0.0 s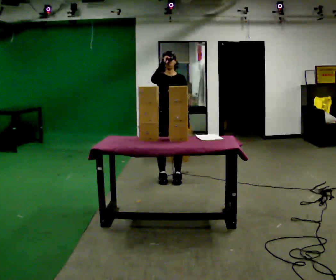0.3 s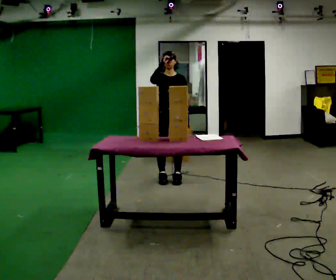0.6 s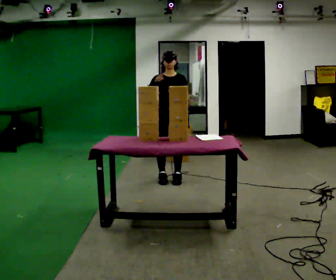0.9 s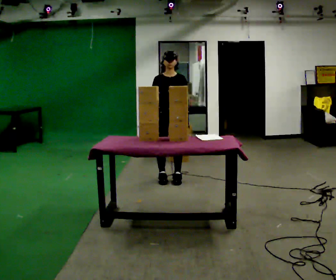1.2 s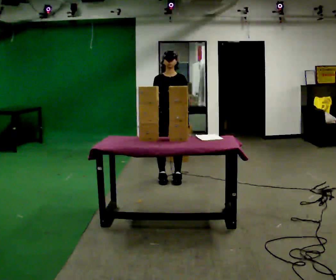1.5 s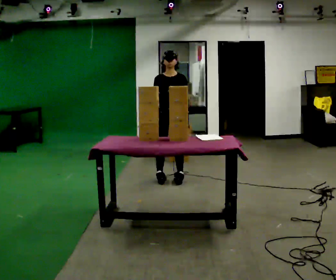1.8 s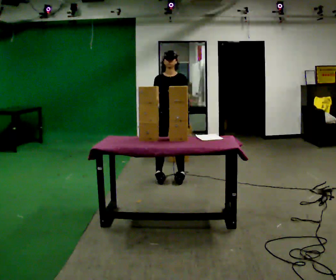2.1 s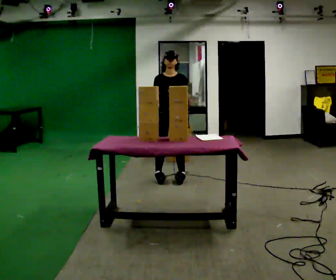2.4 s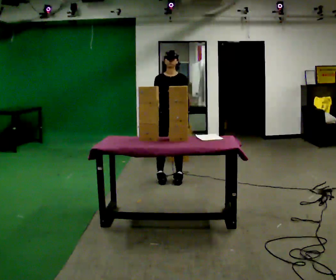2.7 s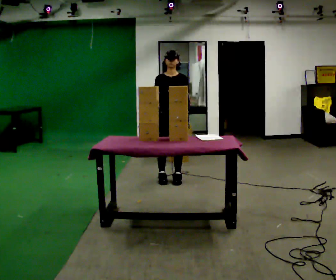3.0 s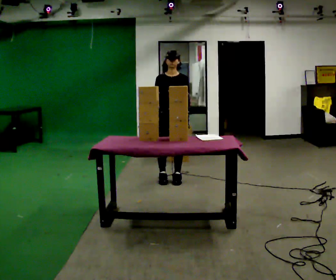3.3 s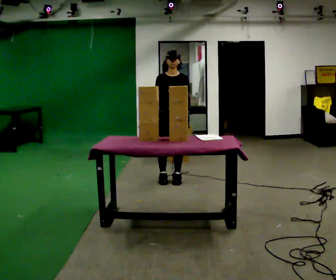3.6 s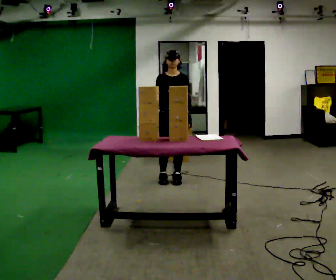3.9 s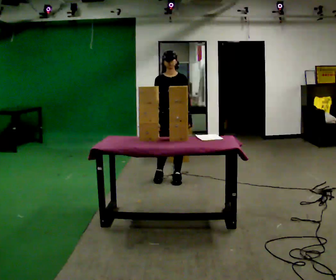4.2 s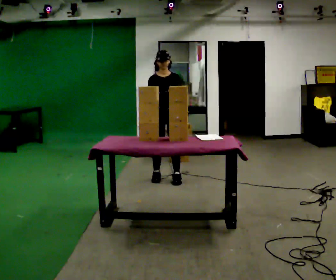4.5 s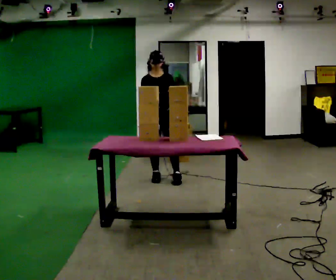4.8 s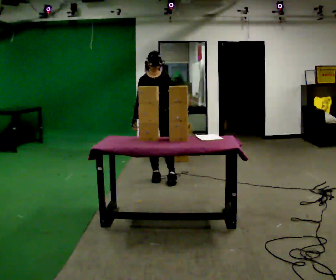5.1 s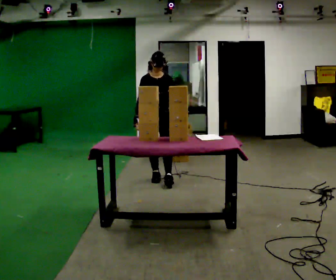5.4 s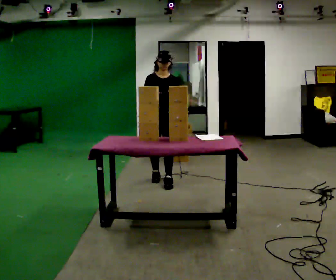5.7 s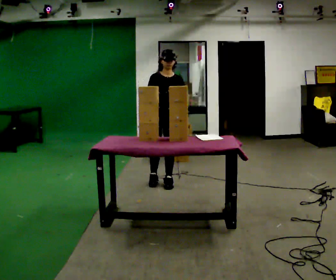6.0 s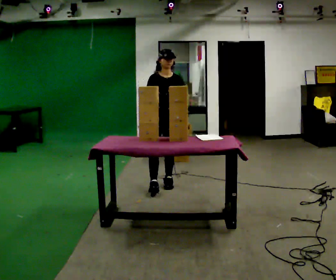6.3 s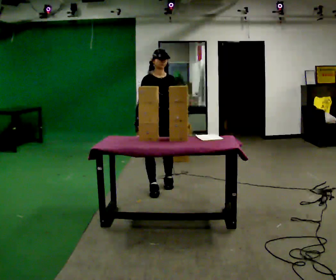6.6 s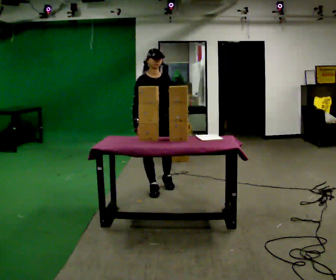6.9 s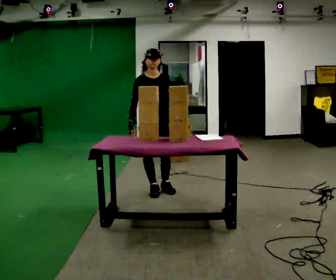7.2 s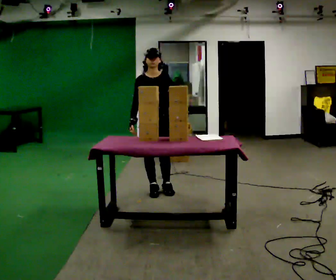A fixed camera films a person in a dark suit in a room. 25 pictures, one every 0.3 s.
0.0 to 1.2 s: In the picture their right hand goes downward.
1.2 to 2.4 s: The person keeps their place and pose.
2.4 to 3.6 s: The person moves a little, or ends about where they began.
3.6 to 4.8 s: In the picture they go to the left, about 0.25 m in 1 step, which for them is to their right.
4.8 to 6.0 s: In the picture they go toward the camera, about 0.25 m in 1 step, which for them is forward.
6.0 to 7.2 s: In the picture they go toward the camera, about 0.25 m in 1 step, which for them is forward and to their right.
The film runs backward here.
